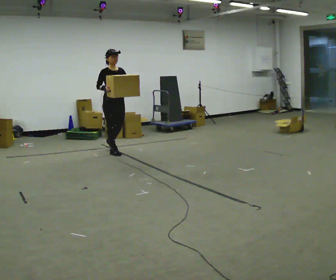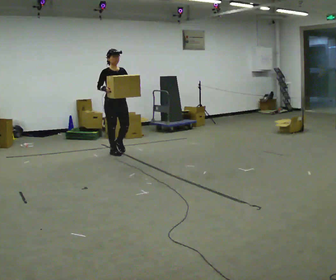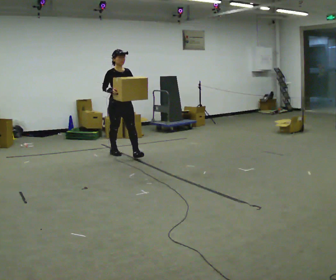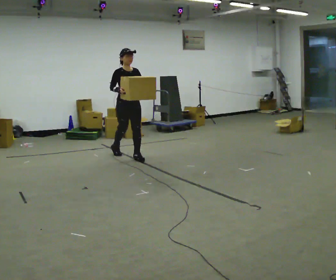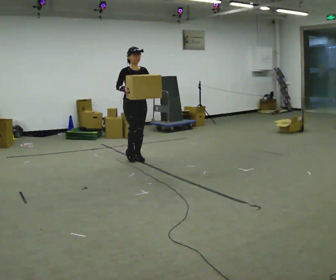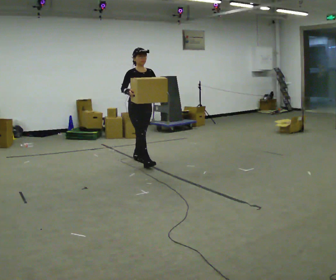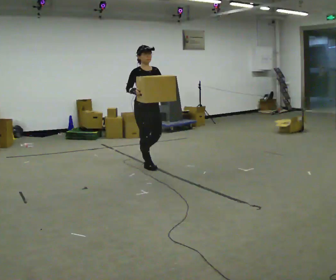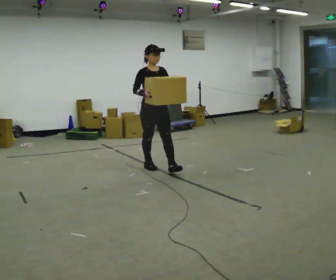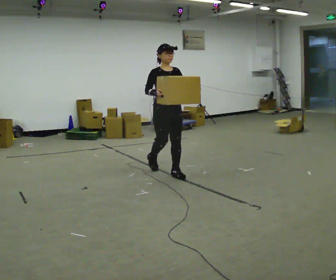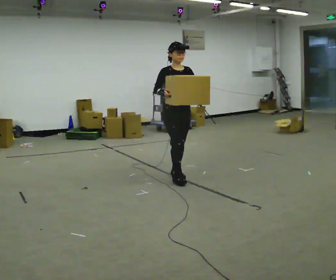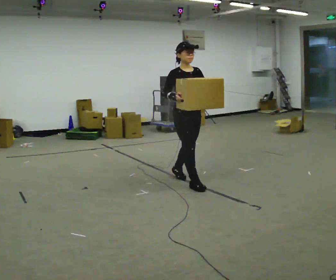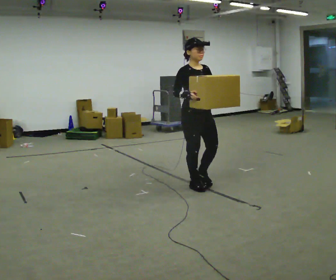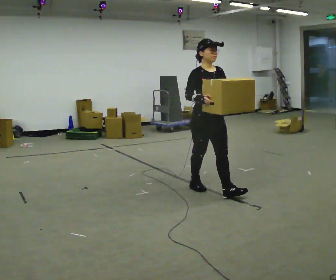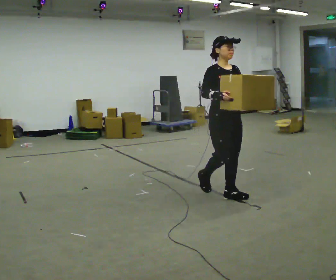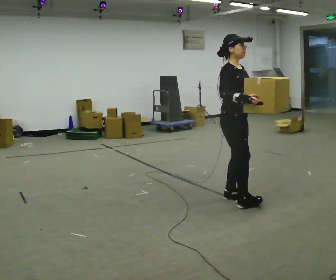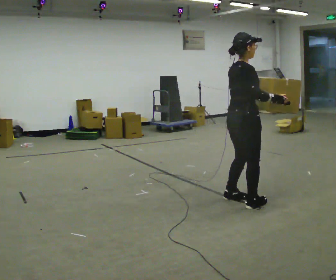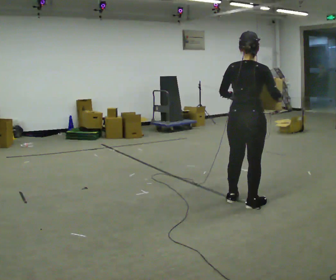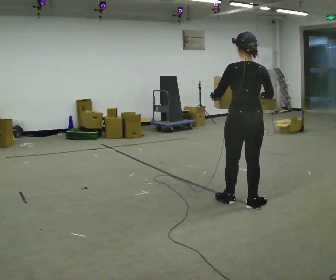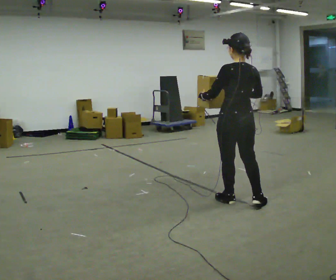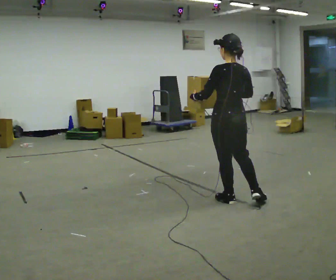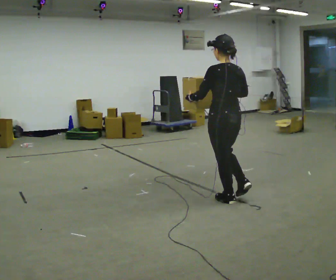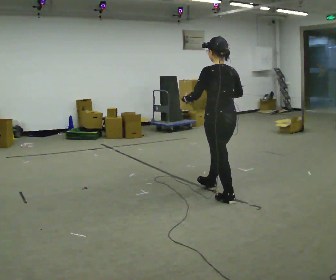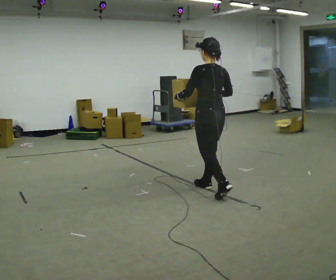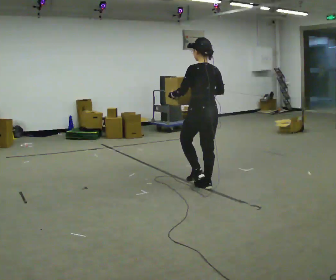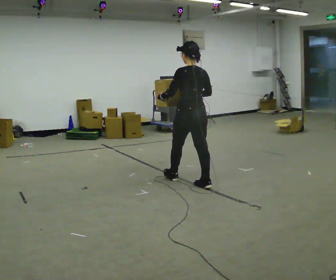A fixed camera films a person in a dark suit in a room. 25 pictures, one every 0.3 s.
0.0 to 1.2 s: In the picture they go to the right and toward the camera, about 0.5 m in 1 step, which for them is forward.
1.2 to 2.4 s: In the picture they go toward the camera and to the right, about 1 m in 2 steps, which for them is forward.
2.4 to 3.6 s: In the picture they go toward the camera and to the right, about 1 m in 1 step, which for them is forward.
3.6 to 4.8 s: The part of the body nearest the lens slides to the right as the person turns to their left by about 120 degrees. In the picture they go toward the camera and to the right, about 0.5 m in 2 steps.
4.8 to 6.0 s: Seen from above the body turns counterclockwise, about 60 degrees: to their left, with its near side sliding to the right. In the picture they go to the left and away from the camera, about 0.25 m, which for them is forward. In the picture their right hand goes to the left.
6.0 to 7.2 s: In the picture they go away from the camera and to the left, about 0.75 m in 2 steps, which for them is forward.
The film runs forward here.
